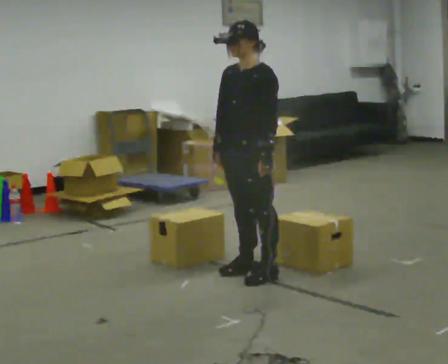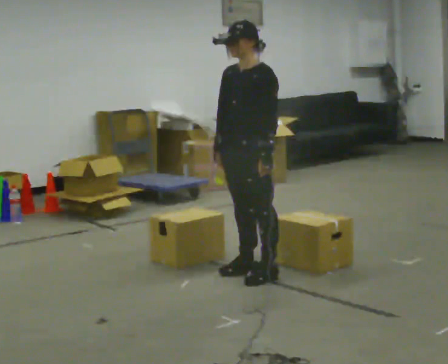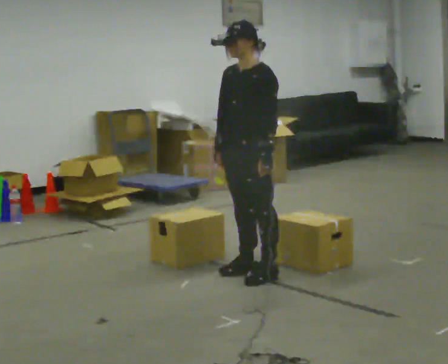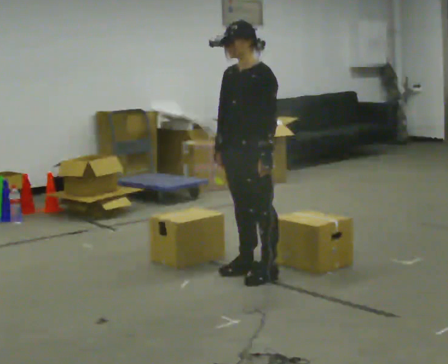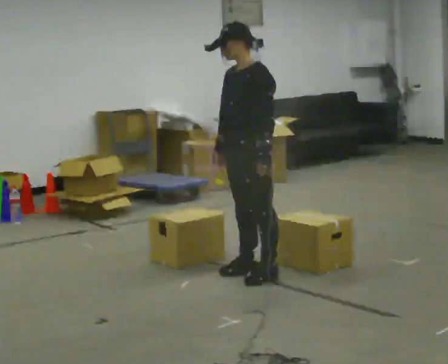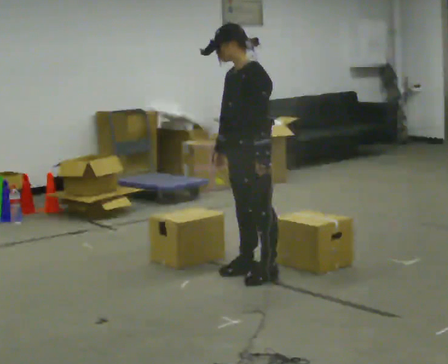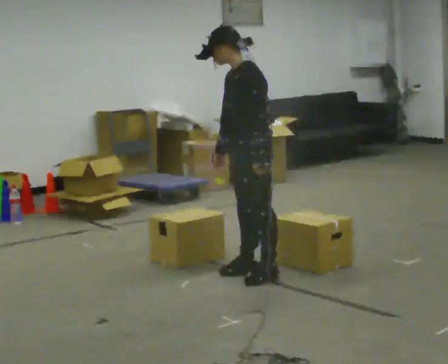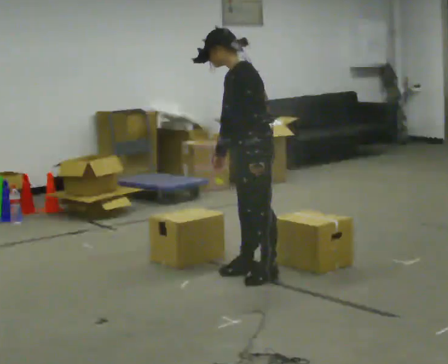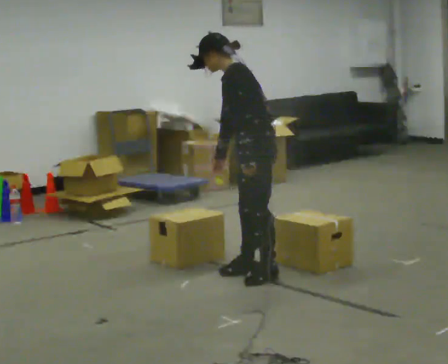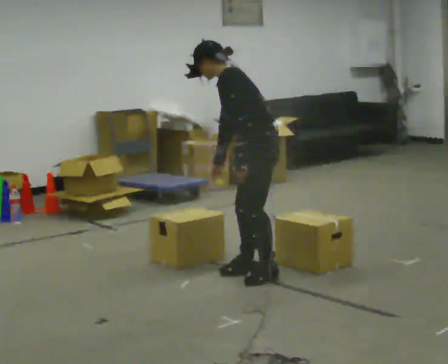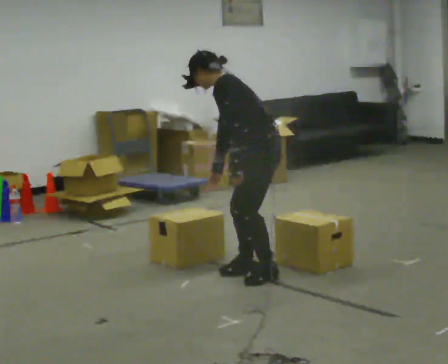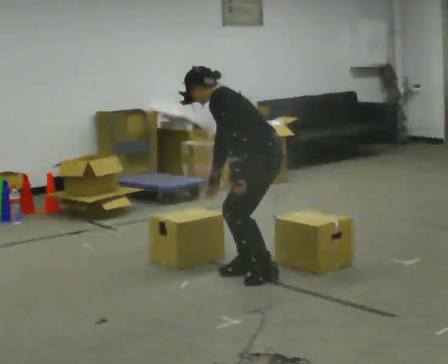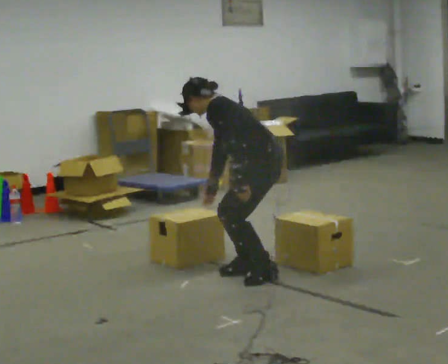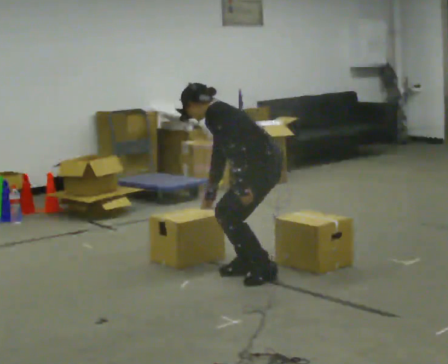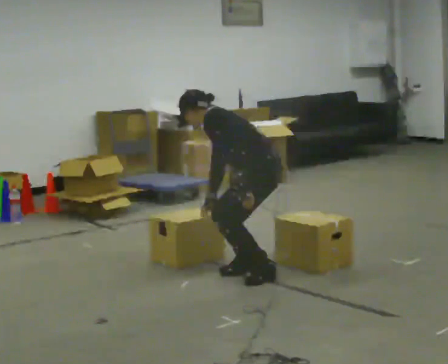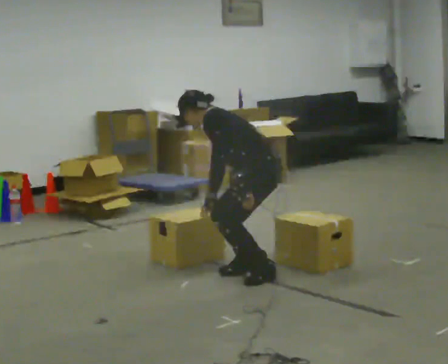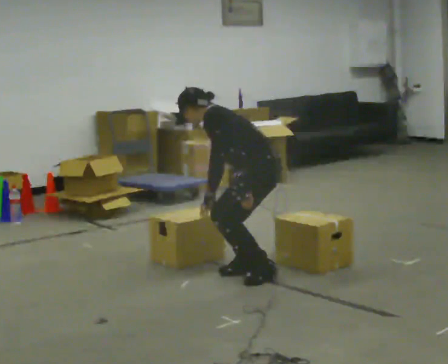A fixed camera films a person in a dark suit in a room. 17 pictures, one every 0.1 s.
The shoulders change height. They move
downward.
The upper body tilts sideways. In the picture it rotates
counterclockwise.
0.0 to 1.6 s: Seen from above the body turns clockwise, about 45 degrees: to their right, with its near side sliding to the left. The upper body goes downward. In the picture the upper body tilts counterclockwise, shoulders to the left, as they bend forward.
The film runs forward here.
